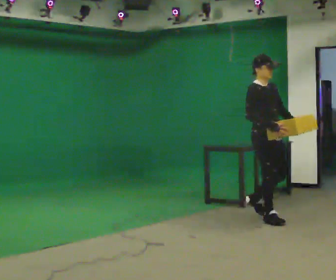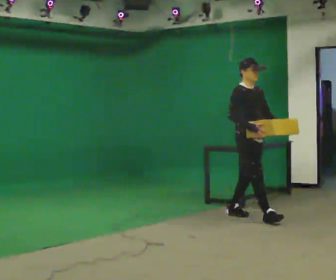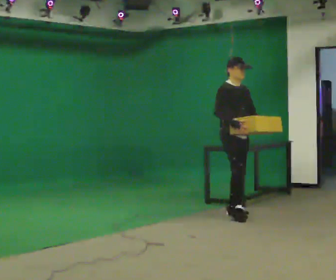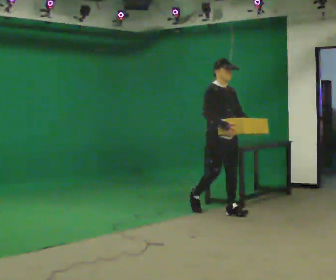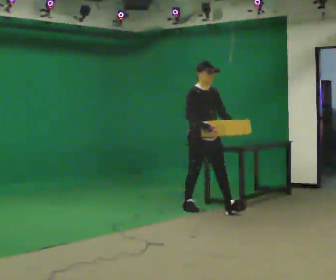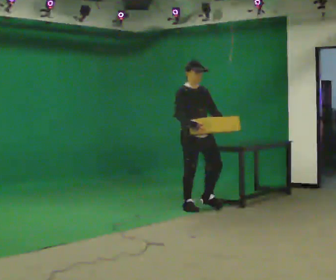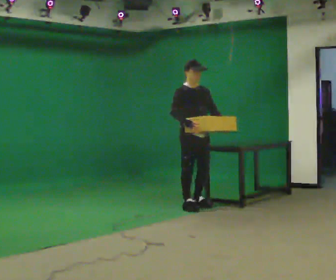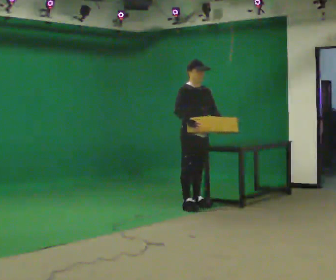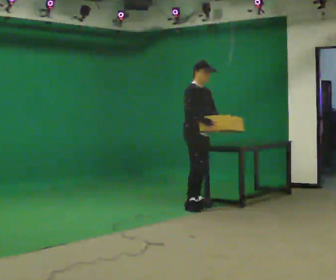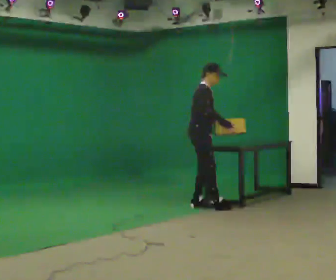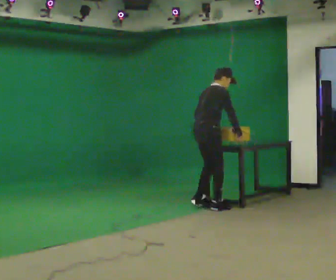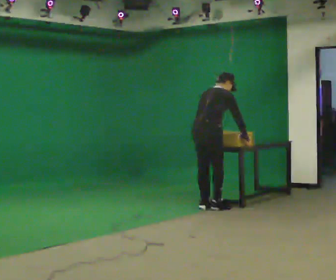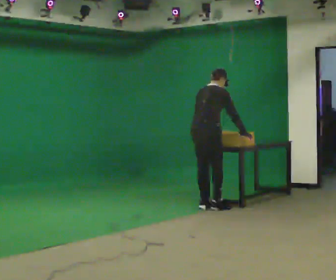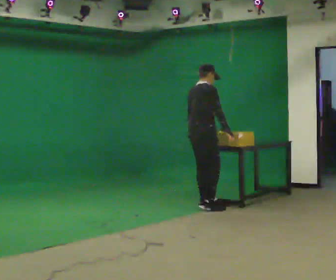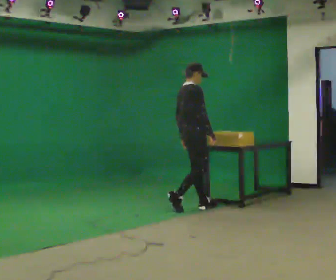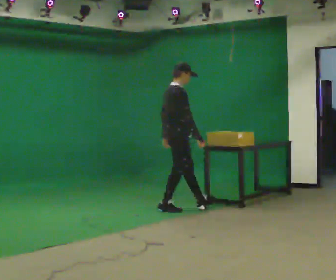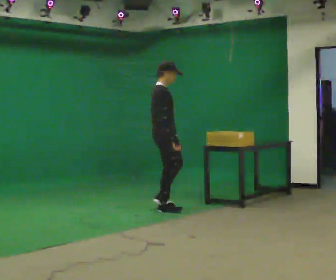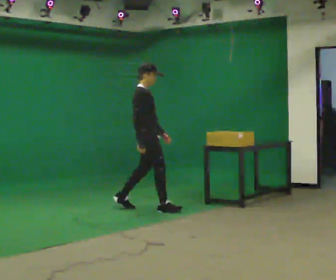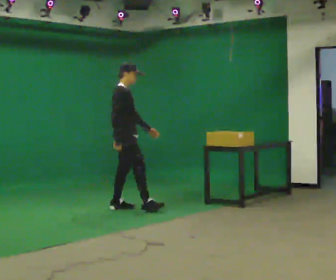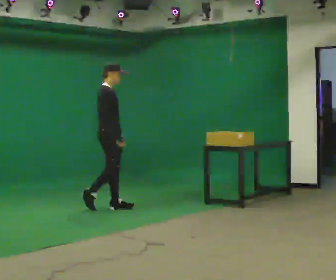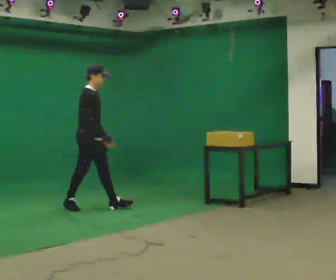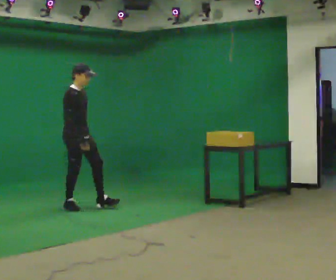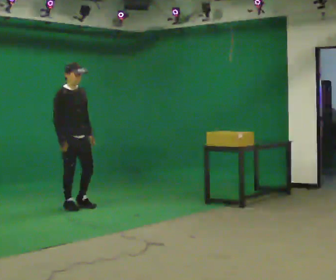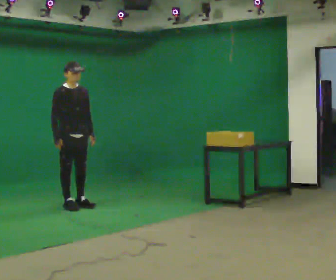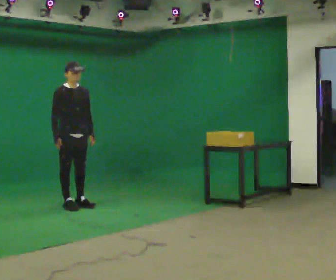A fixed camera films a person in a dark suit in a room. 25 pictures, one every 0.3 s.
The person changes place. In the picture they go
to the left.
0.0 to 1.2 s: In the picture they go to the left and away from the camera, about 1 m in 1 step, which for them is backward.
1.2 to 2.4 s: In the picture they go away from the camera, about 0.25 m in 2 steps, which for them is backward.
2.4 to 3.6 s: Seen from above the body turns counterclockwise, about 90 degrees: to their left, with its near side sliding to the right. In the picture they go to the right, about 0.25 m in 1 step. The upper body tips away from the camera, its near side rolling upward, as they bend forward.
3.6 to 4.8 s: The person turns about 45 degrees to their right, clockwise seen from above, so the part of the body nearest the lens slides to the left. In the picture they go to the left, about 0.5 m in 2 steps, which for them is backward. The upper body tips toward the camera, its near side rolling downward, as they lean back or straighten.
4.8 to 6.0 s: In the picture they go to the left, about 1 m in 1 step, which for them is backward.
6.0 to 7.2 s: Seen from above the body turns clockwise, about 45 degrees: to their right, with its near side sliding to the left. In the picture they go to the left, about 0.25 m in 1 step, which for them is backward.
The film runs backward here.
